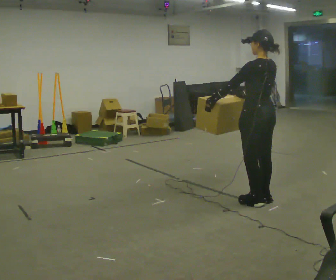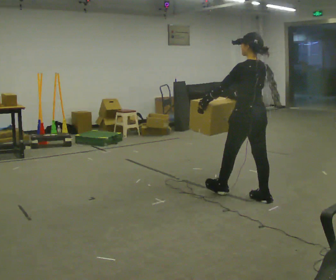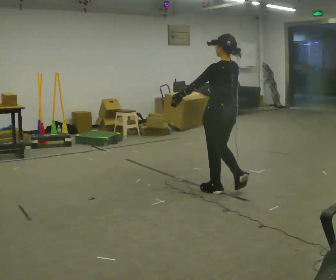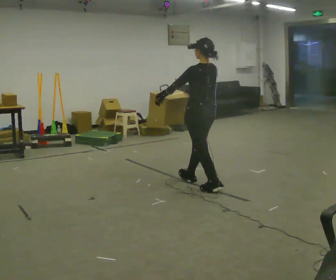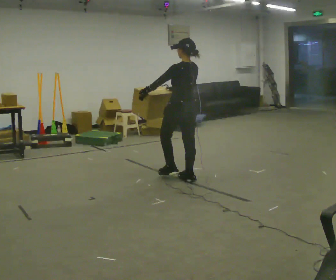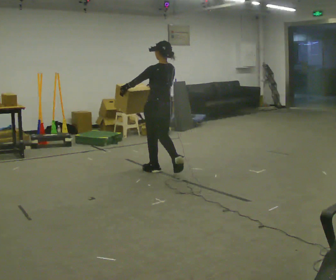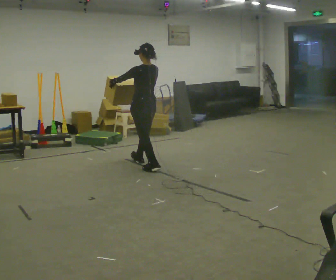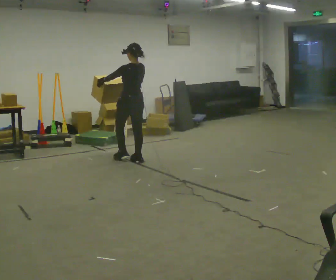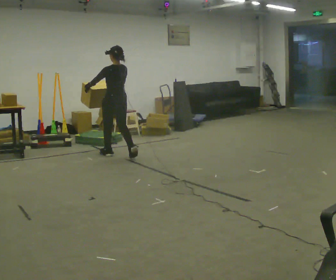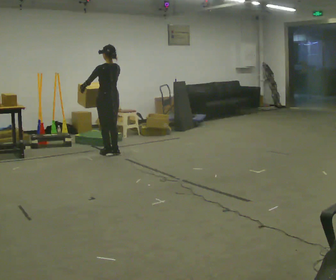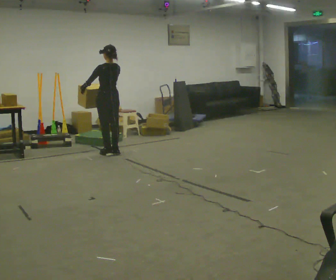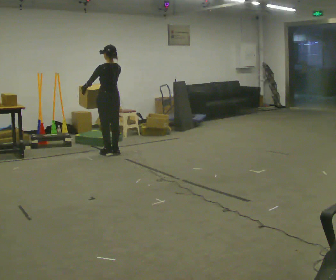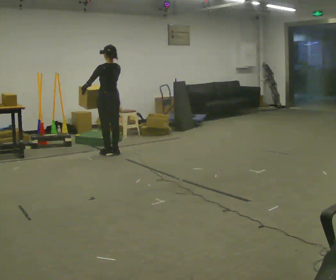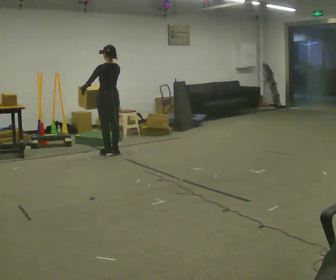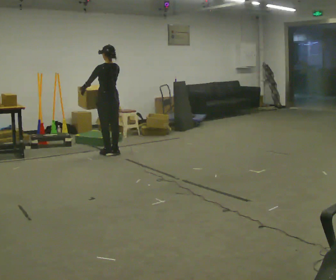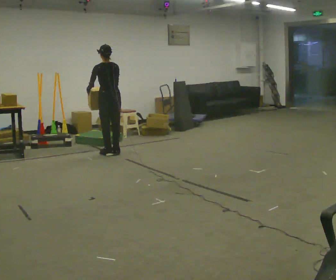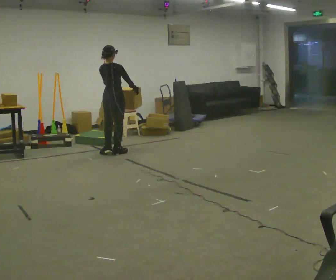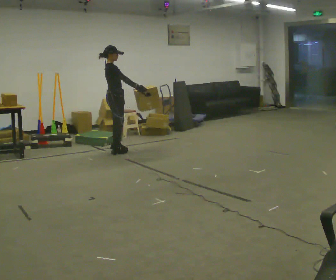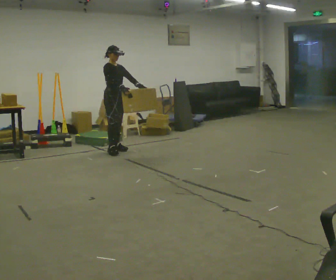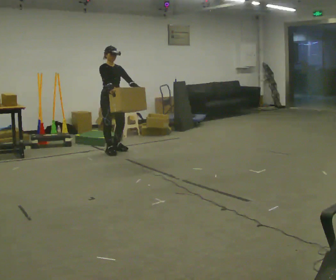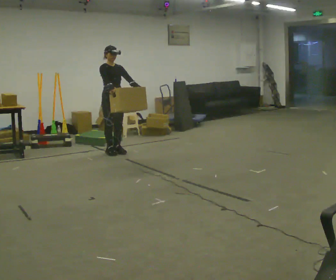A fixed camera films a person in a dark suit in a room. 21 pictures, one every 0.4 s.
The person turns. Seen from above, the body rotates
clockwise.
The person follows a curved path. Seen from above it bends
clockwise.
0.0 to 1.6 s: In the picture they go away from the camera and to the left, about 1 m in 2 steps, which for them is forward.
1.6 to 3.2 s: In the picture they go away from the camera and to the left, about 1.5 m in 3 steps, which for them is forward.
3.2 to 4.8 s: In the picture they go away from the camera, about 0.25 m in 1 step, which for them is forward.
4.8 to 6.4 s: The person turns about 60 degrees to their right, clockwise seen from above, so the part of the body nearest the lens slides to the left. In the picture their right hand goes to the right.
6.4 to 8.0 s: The person turns about 120 degrees to their right, clockwise seen from above, so the part of the body nearest the lens slides to the left. In the picture their right hand goes to the left.
The film runs forward here.
